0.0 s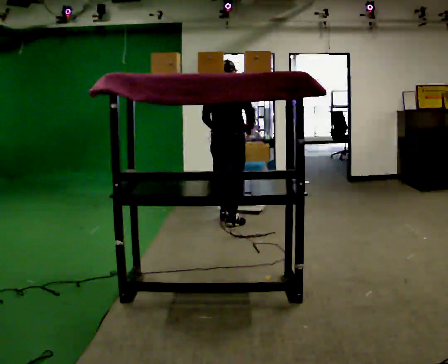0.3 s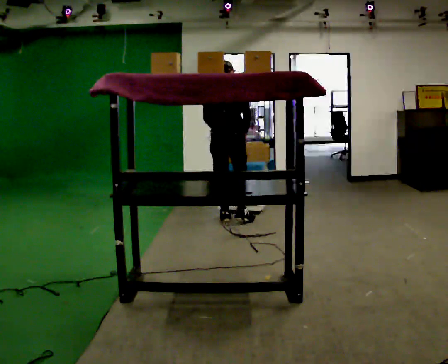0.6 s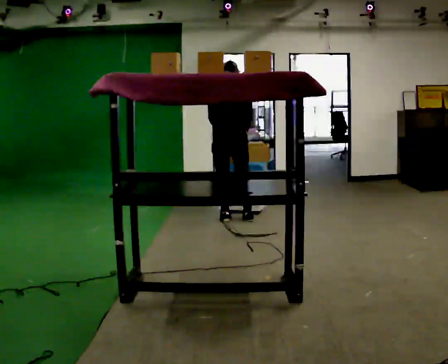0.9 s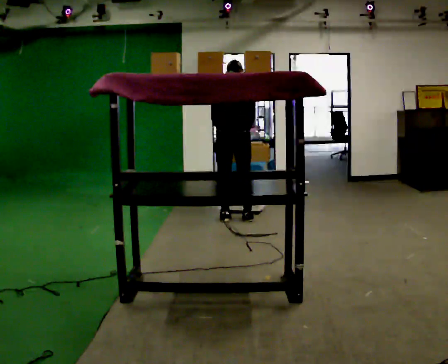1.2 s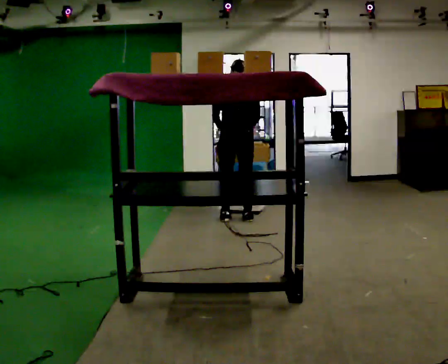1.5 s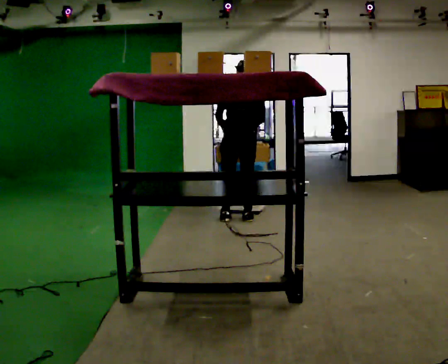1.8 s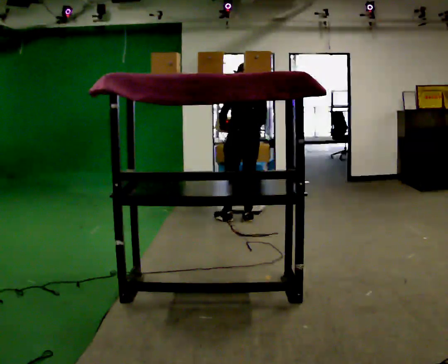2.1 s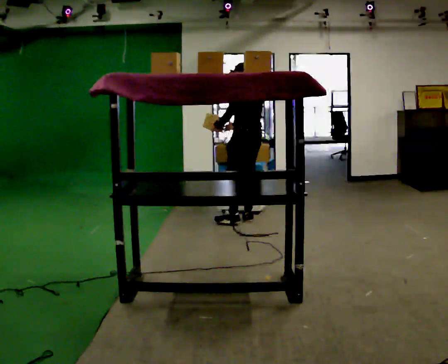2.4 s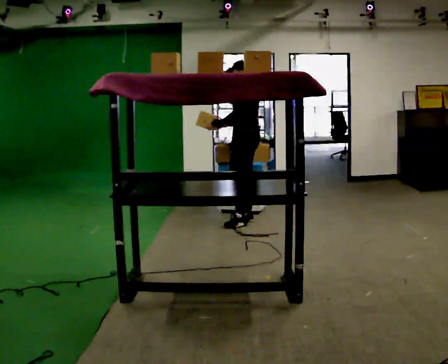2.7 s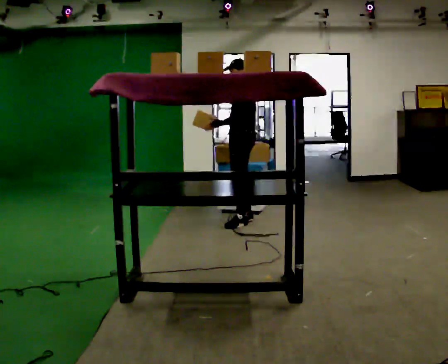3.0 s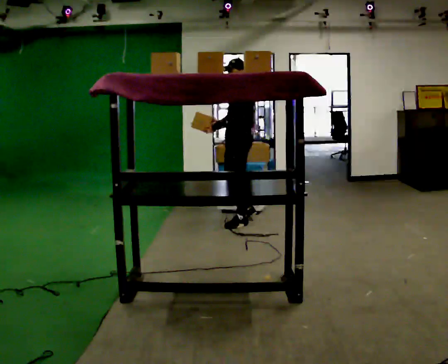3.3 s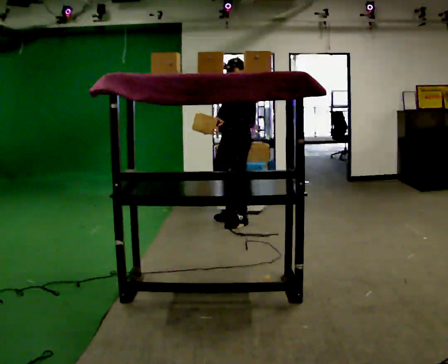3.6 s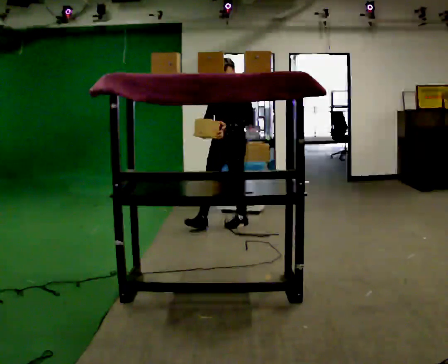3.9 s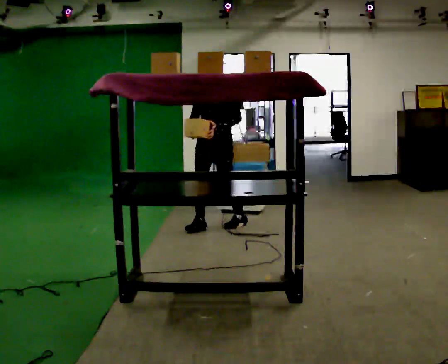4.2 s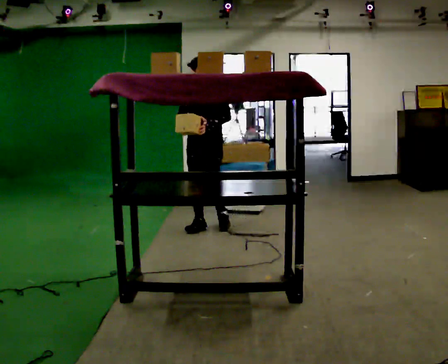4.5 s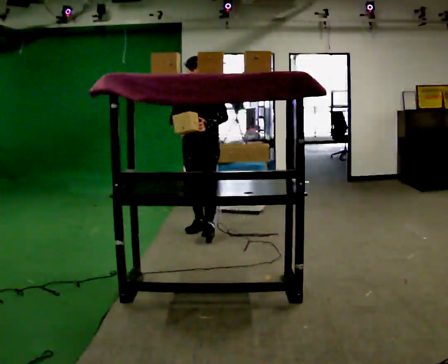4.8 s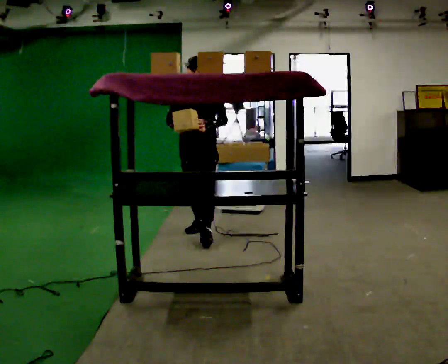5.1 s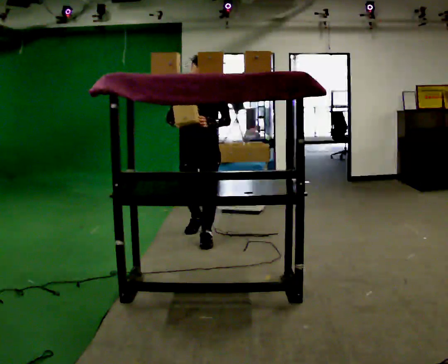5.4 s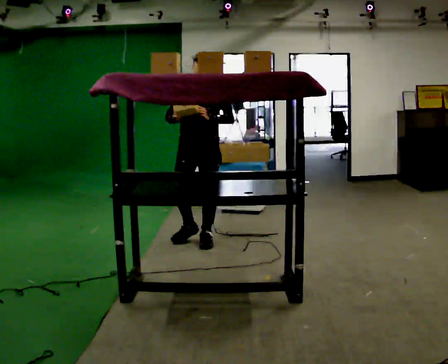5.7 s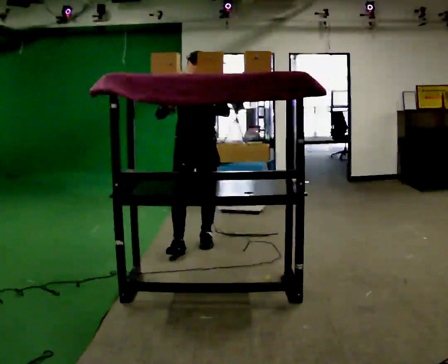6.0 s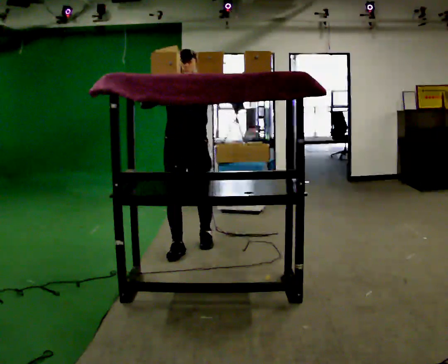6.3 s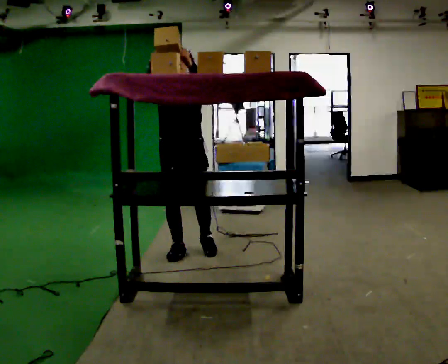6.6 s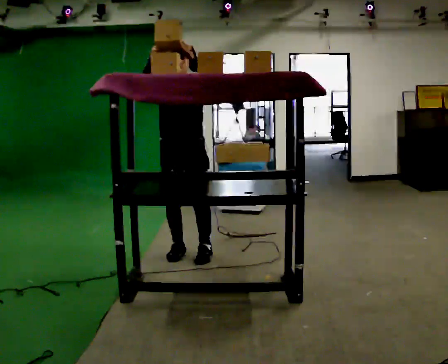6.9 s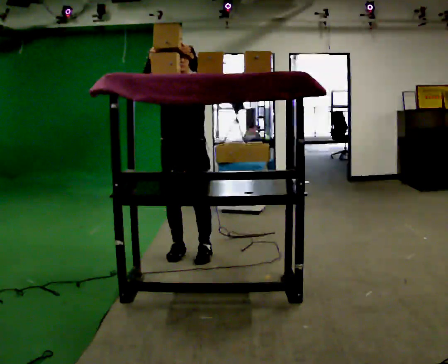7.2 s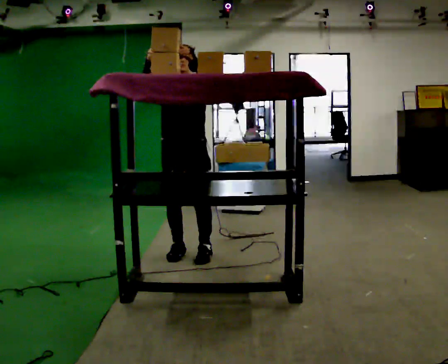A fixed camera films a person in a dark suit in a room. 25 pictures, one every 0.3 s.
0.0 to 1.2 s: The person moves a little, or ends about where they began.
1.2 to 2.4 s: The person turns about 75 degrees to their left, counterclockwise seen from above, so the part of the body nearest the lens slides to the right.
2.4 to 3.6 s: The person turns about 75 degrees to their left, counterclockwise seen from above, so the part of the body nearest the lens slides to the right. In the picture they go toward the camera and to the left, about 0.25 m.
3.6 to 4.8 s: In the picture they go to the left and toward the camera, about 0.5 m in 2 steps, which for them is forward and to their right.
4.8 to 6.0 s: In the picture they go toward the camera, about 0.5 m in 1 step, which for them is forward. In the picture their right hand goes upward.
6.0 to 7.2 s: In the picture they go toward the camera, about 0.25 m in 1 step, which for them is forward.
The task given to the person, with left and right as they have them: Take an object from the waist-height shelf, carry it across the room, and place it on the highest shelf you can comfortably reach. Keep going until the operator says stop; one object at a time, and do not rush between trips.
The film runs forward here.
